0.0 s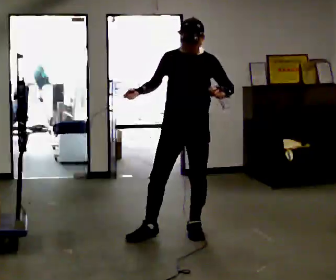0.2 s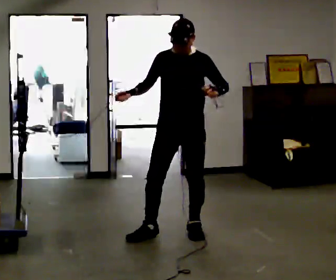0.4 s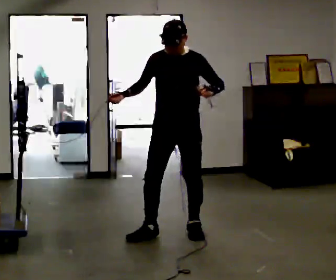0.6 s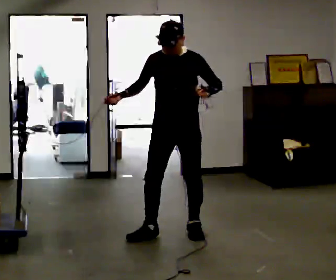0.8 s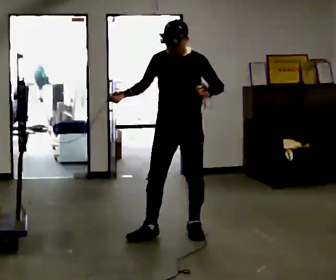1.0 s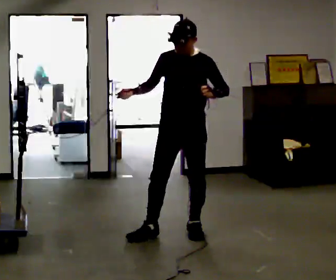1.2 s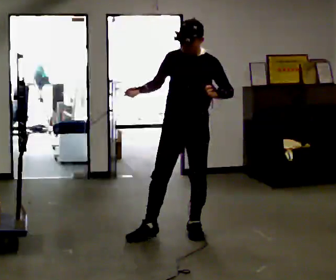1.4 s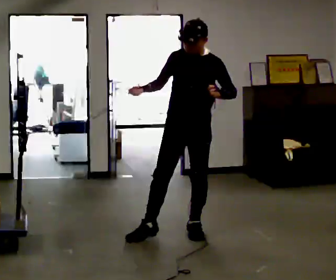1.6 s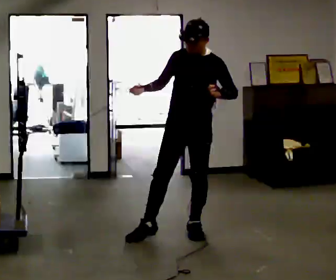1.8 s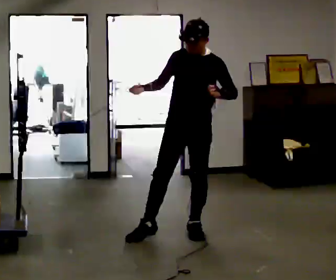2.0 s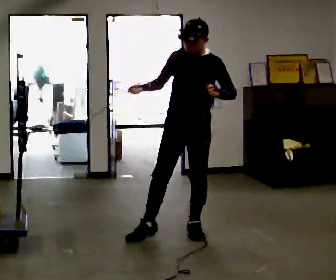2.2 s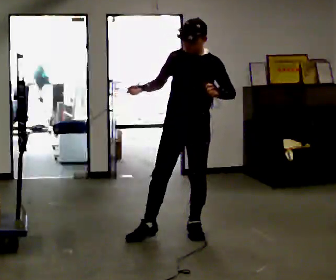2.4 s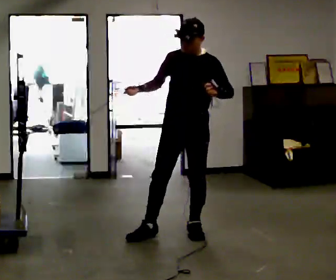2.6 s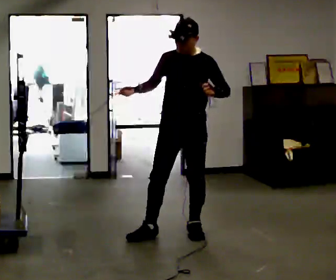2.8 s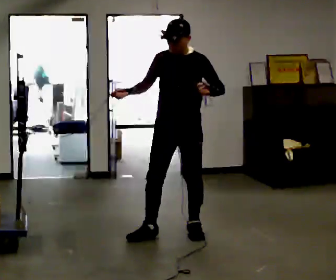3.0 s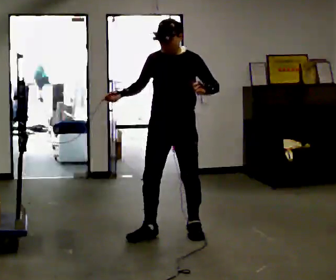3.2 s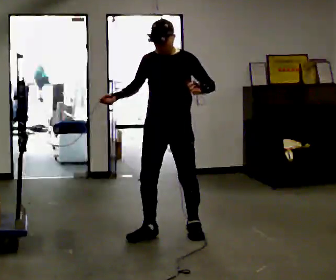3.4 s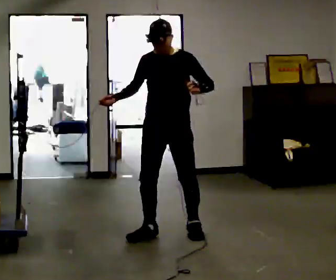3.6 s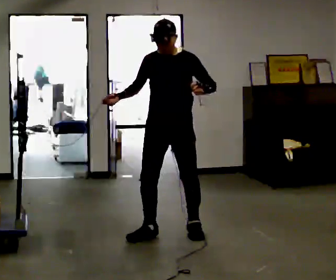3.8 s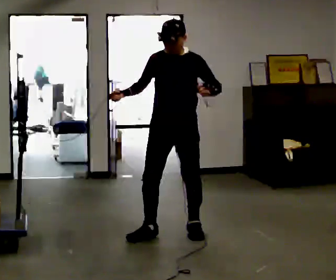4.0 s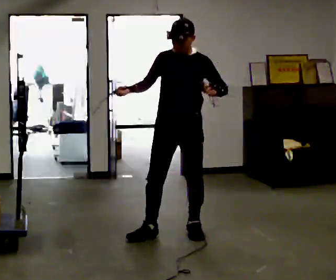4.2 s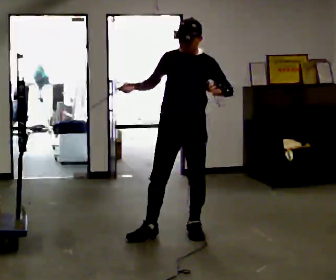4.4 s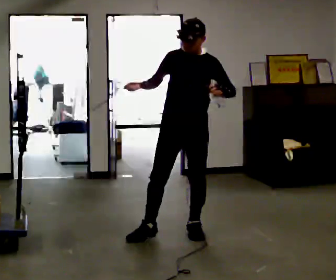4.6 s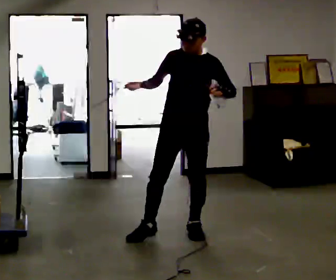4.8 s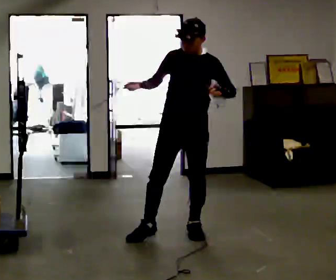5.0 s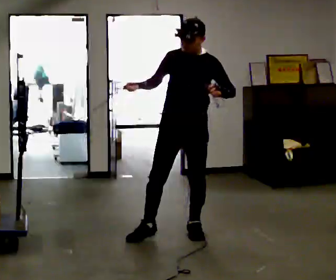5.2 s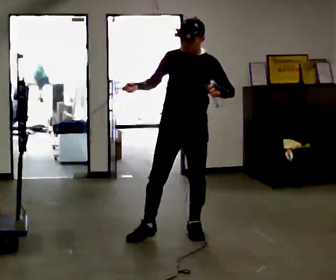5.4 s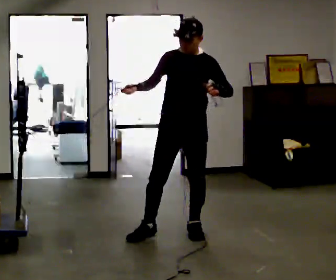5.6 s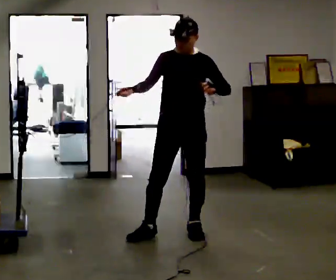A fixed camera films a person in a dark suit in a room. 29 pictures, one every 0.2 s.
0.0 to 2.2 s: The person moves a little, or ends about where they began.
2.2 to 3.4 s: In the picture they go to the left, about 0.25 m, which for them is to their right.
3.4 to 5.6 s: The person moves a little, or ends about where they began.
The film runs backward here.
